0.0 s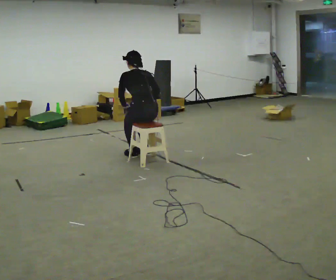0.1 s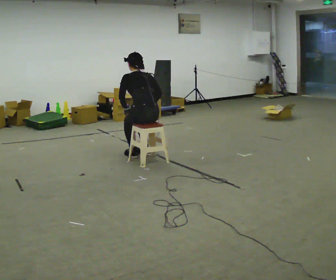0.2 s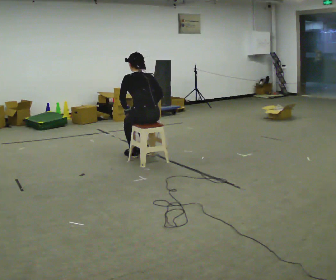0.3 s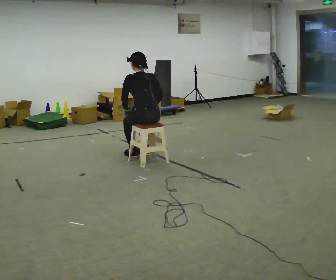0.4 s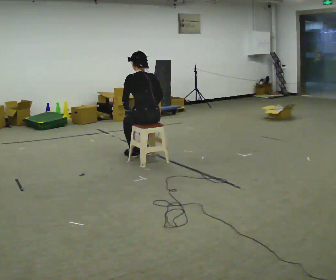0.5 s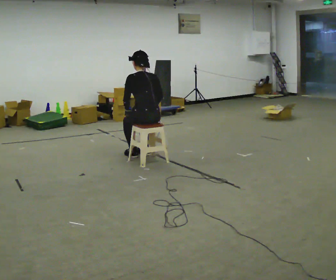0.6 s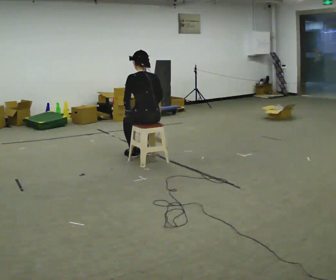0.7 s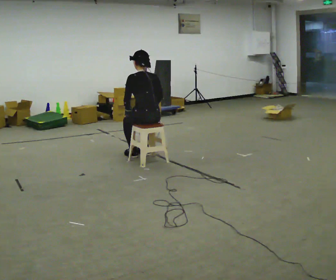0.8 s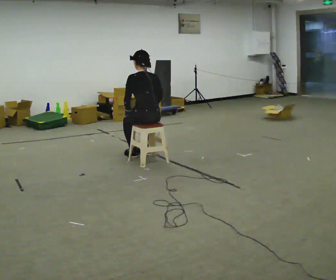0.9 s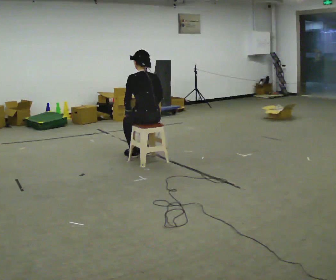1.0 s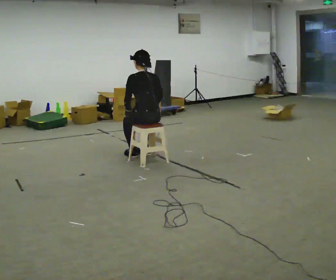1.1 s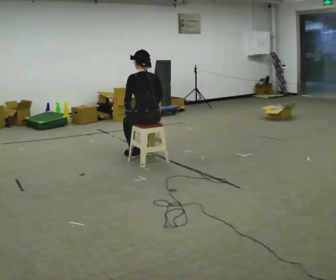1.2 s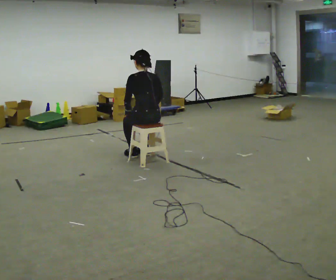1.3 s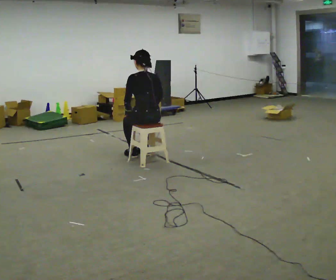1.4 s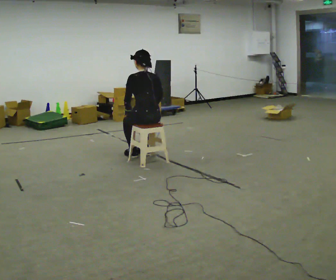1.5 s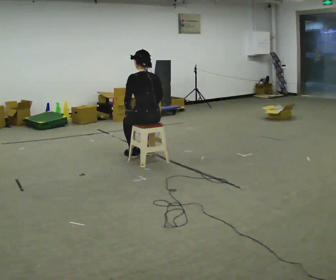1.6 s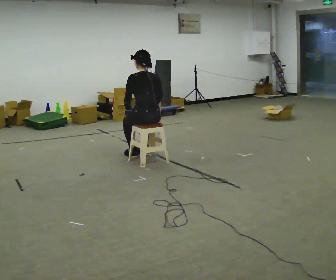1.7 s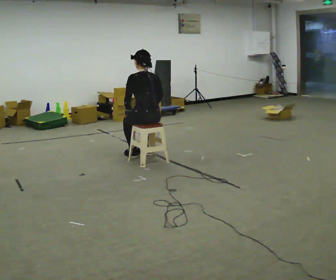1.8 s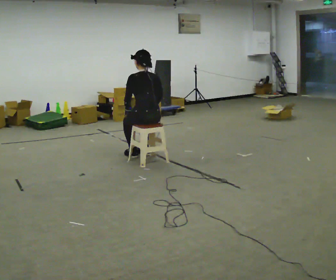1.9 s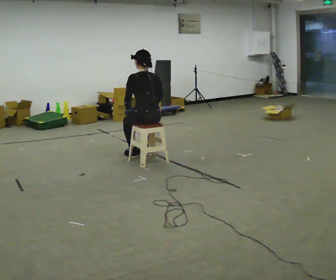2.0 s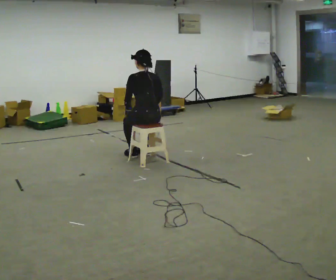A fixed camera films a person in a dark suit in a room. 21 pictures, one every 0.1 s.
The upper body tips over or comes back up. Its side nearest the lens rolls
downward.
0.0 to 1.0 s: The upper body tips toward the camera, its near side rolling downward, as they lean back or straighten.
1.0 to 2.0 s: The person keeps their place and pose.
The film runs backward here.
